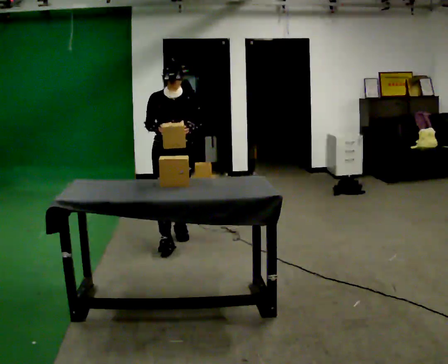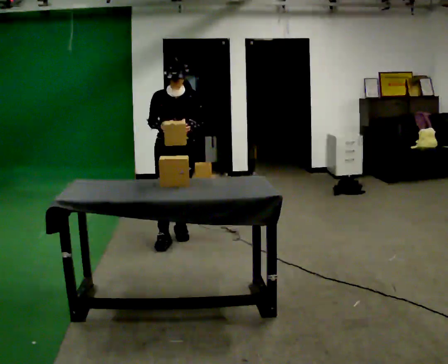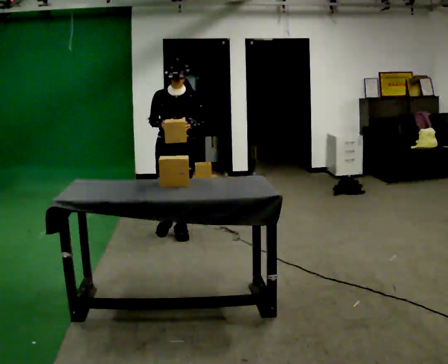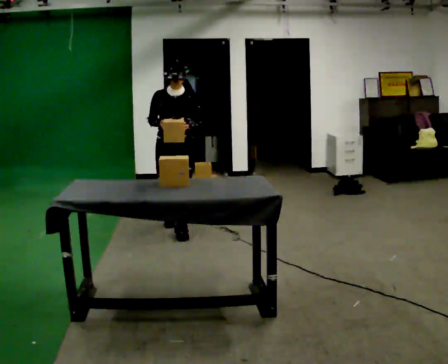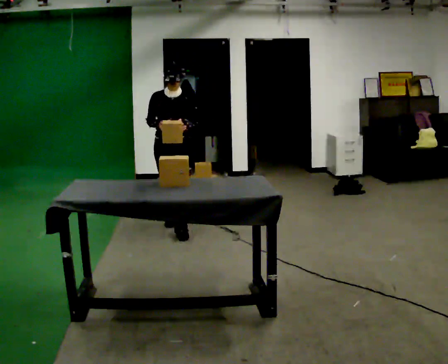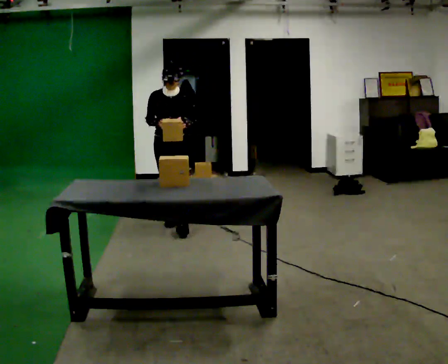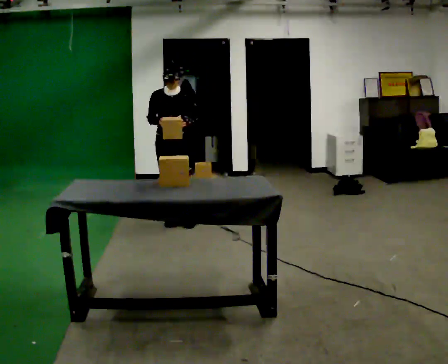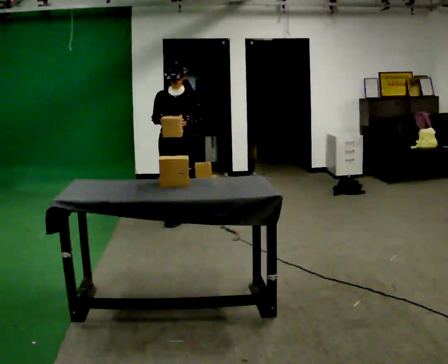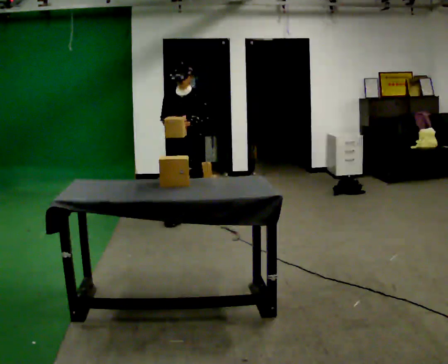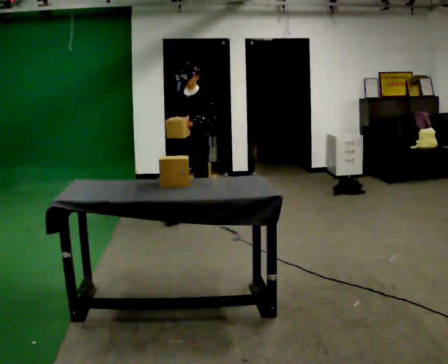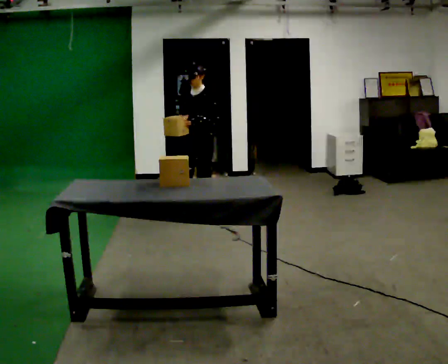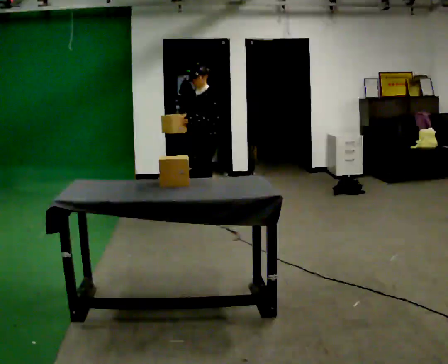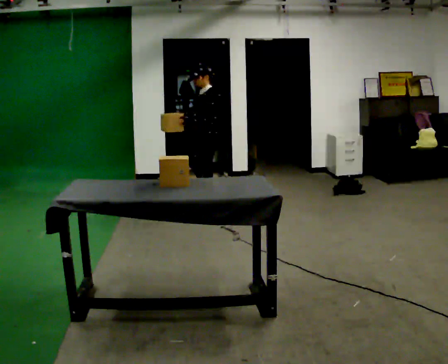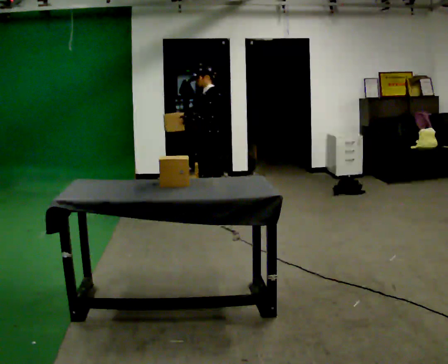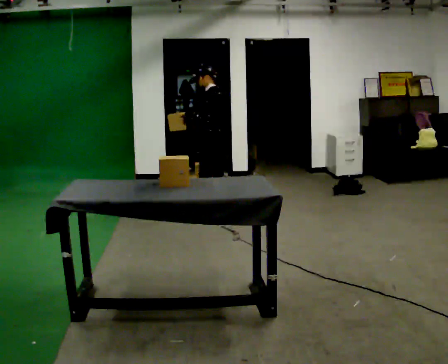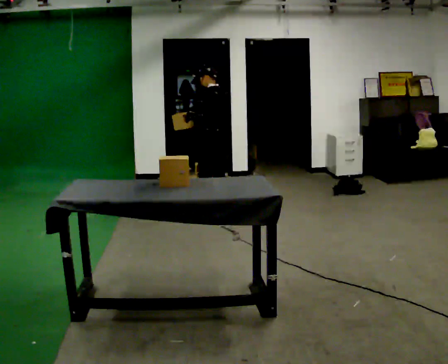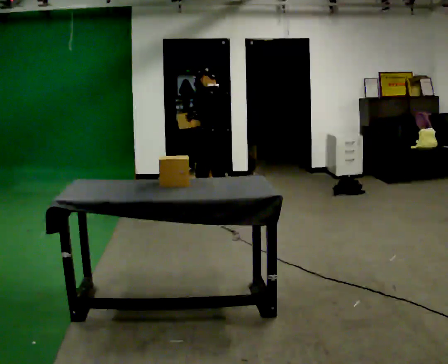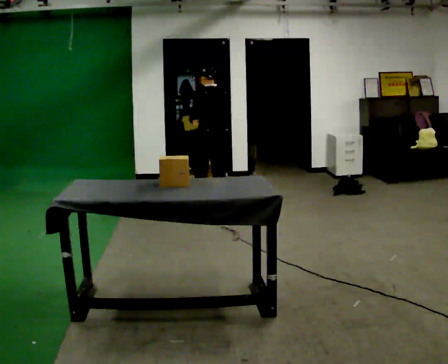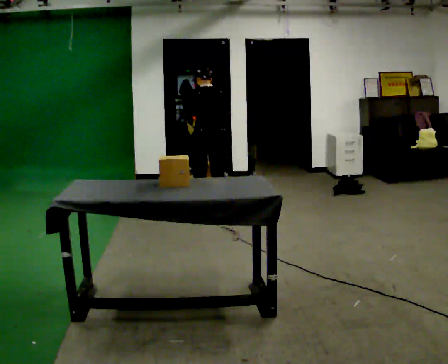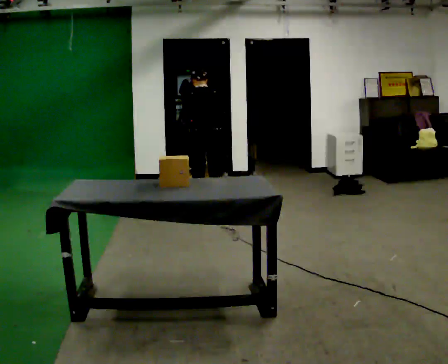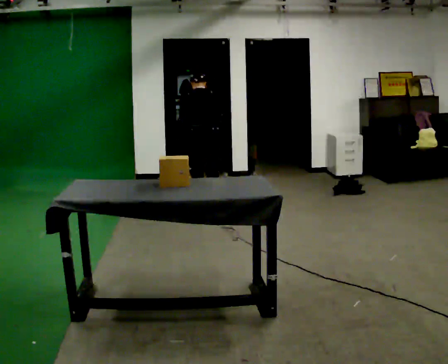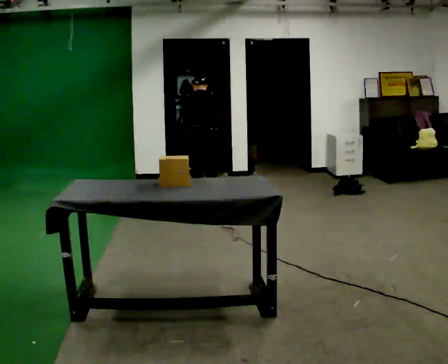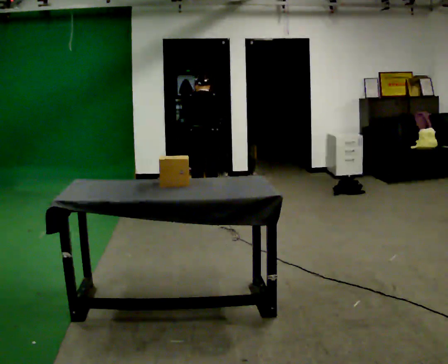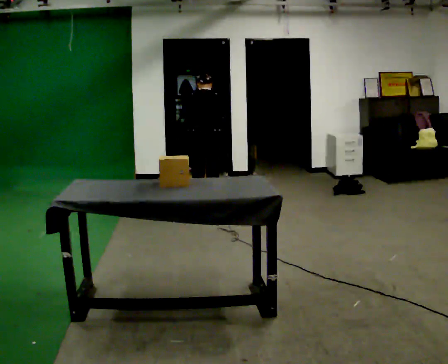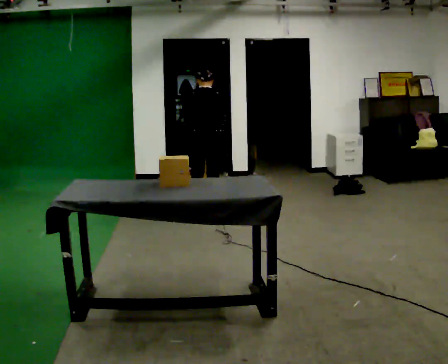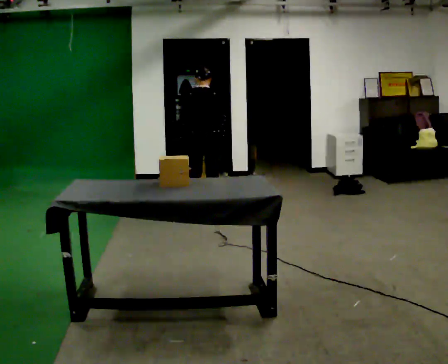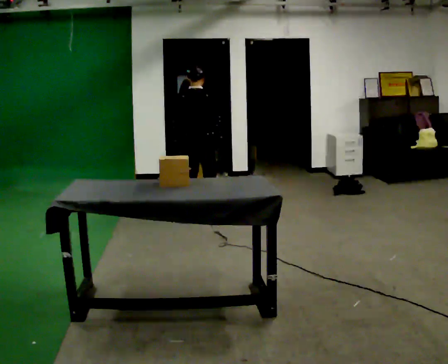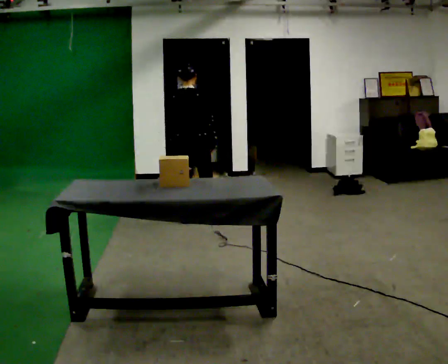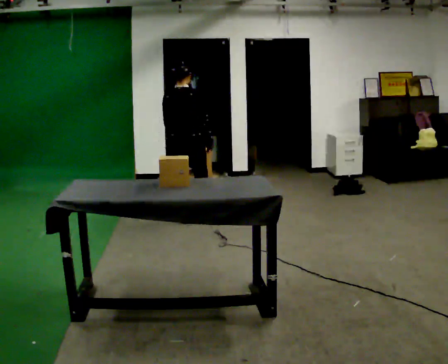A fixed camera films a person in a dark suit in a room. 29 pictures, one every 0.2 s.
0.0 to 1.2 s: In the picture they go away from the camera, about 0.5 m in 2 steps, which for them is backward.
1.2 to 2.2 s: Seen from above the body turns clockwise, about 60 degrees: to their right, with its near side sliding to the left. In the picture they go to the right and away from the camera, about 0.5 m in 1 step, which for them is backward and to their left.
2.2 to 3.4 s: The person turns about 90 degrees to their right, clockwise seen from above, so the part of the body nearest the lens slides to the left. In the picture they go away from the camera, about 0.25 m in 1 step.
3.4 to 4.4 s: Seen from above the body turns clockwise, about 30 degrees: to their right, with its near side sliding to the left. The upper body tips away from the camera, its near side rolling upward, as they bend forward.
4.4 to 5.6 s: In the picture they go toward the camera, about 0.25 m in 2 steps, which for them is backward and to their left. The upper body tips toward the camera, its near side rolling downward, as they lean back or straighten.
The film runs backward here.
